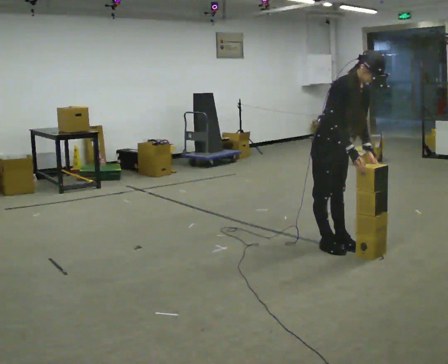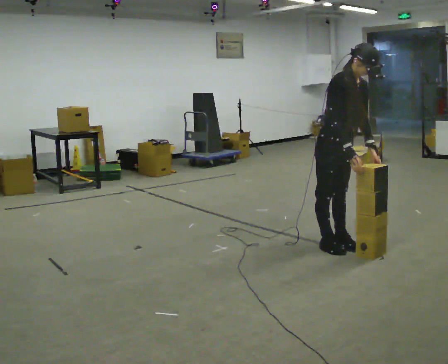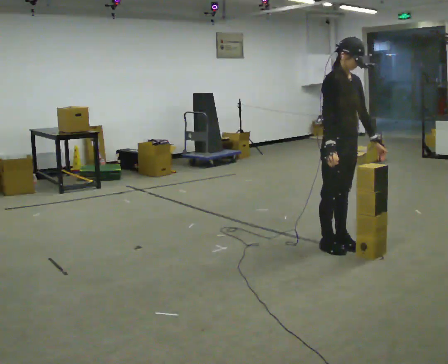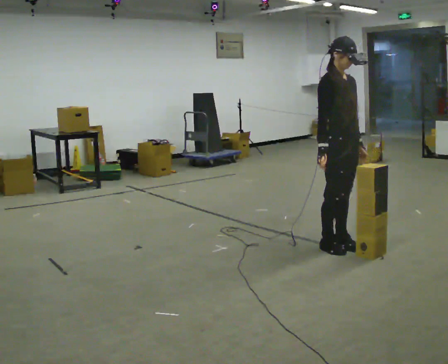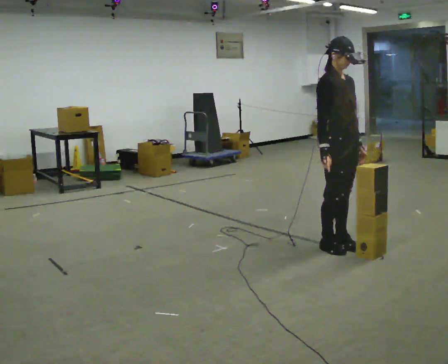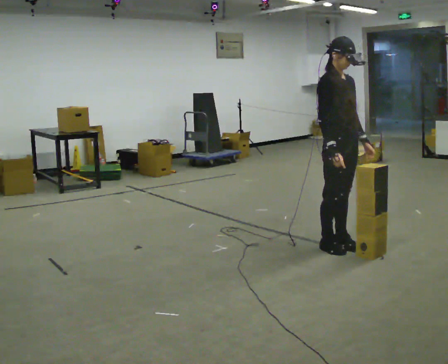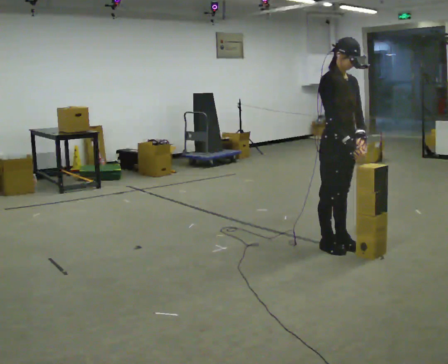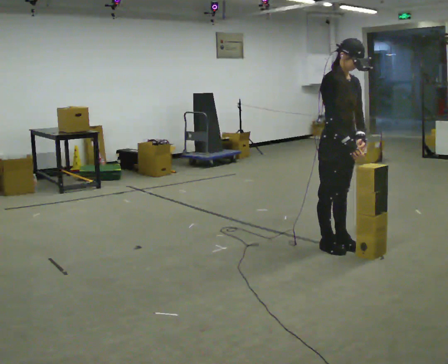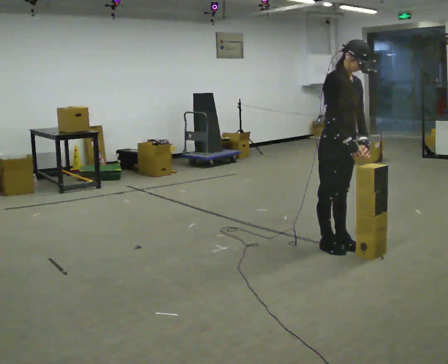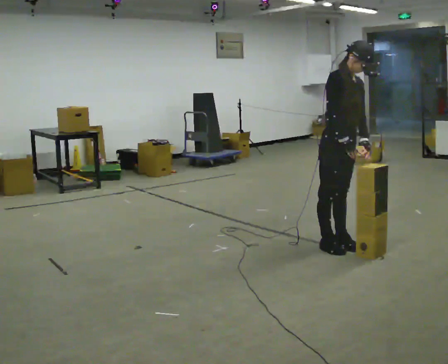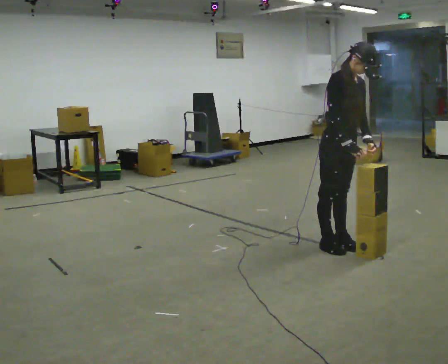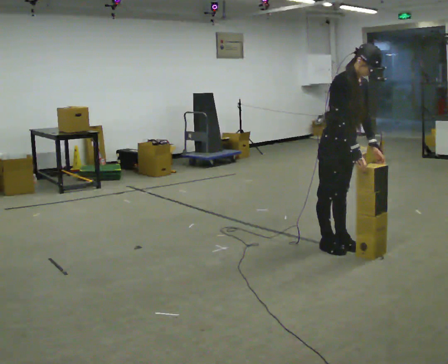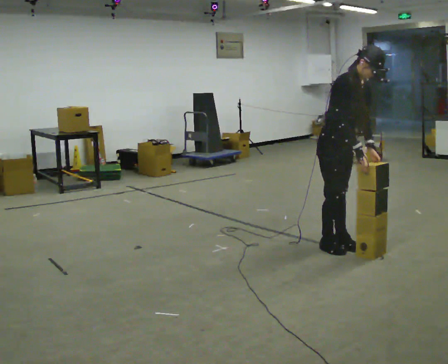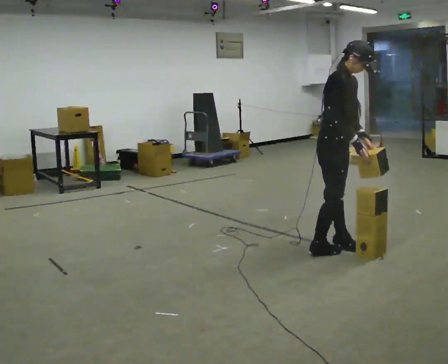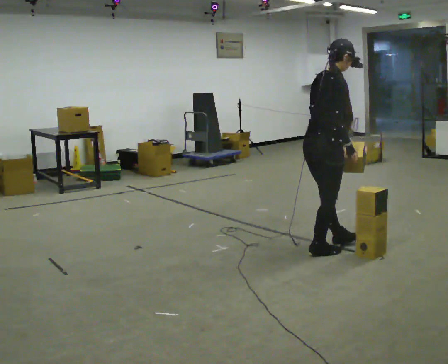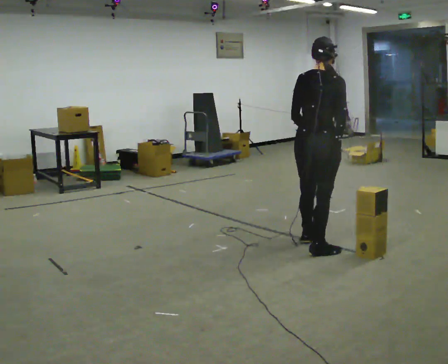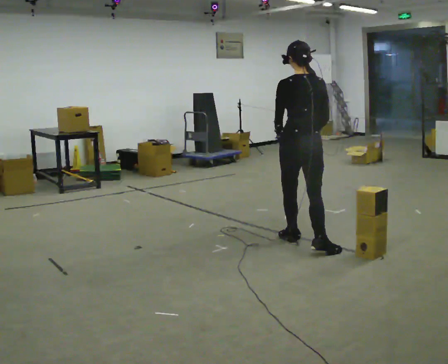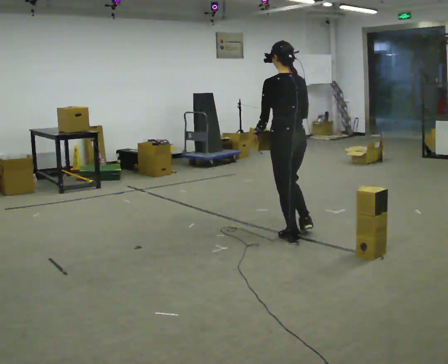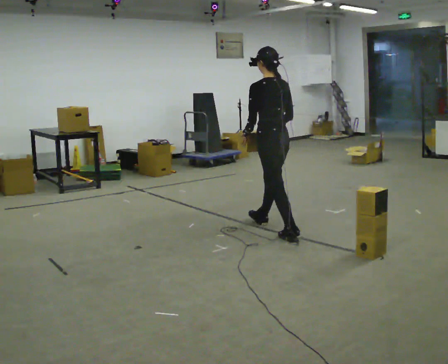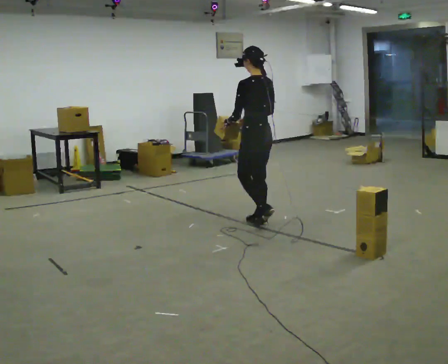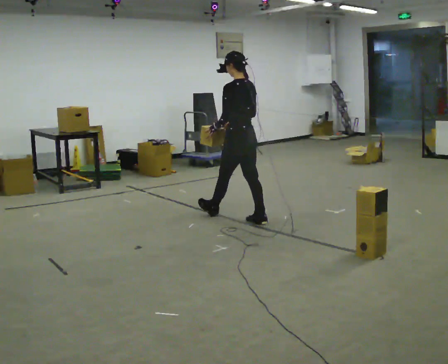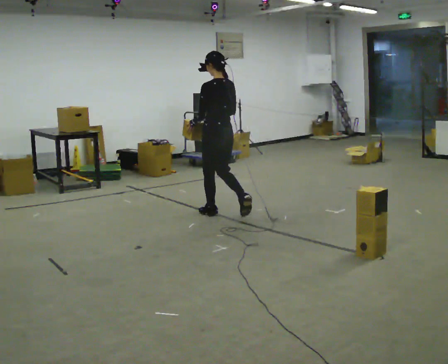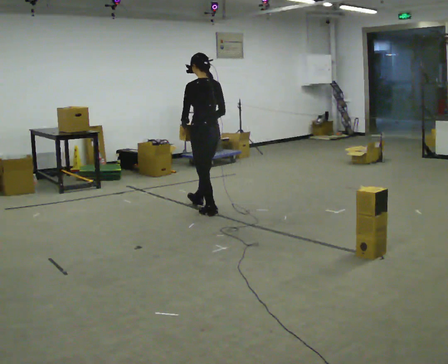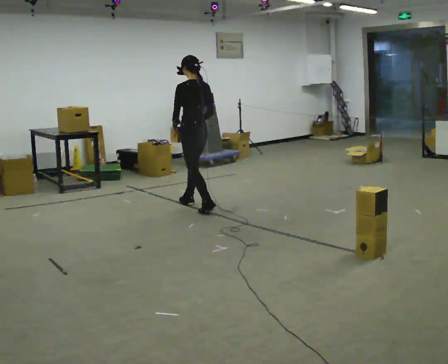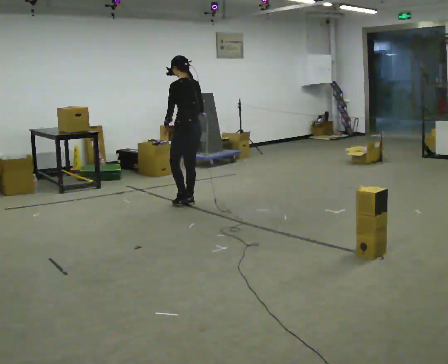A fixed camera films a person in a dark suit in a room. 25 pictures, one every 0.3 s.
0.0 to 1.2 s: In the picture the upper body tilts counterclockwise, shoulders to the left, as they lean back or straighten.
1.2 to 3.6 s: In the picture the upper body tilts clockwise, shoulders to the right, as they bend forward.
3.6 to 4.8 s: Seen from above the body turns counterclockwise, about 150 degrees: to their left, with its near side sliding to the right. In the picture they go to the left, about 0.25 m in 2 steps. In the picture the upper body tilts counterclockwise, shoulders to the left, as they lean back or straighten.
4.8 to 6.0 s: The person turns about 45 degrees to their left, counterclockwise seen from above, so the part of the body nearest the lens slides to the right. In the picture they go away from the camera and to the left, about 1 m in 1 step, which for them is forward.
6.0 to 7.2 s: In the picture they go to the left and away from the camera, about 1 m in 2 steps, which for them is forward.
The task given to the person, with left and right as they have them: Carry the stack of boxes across the room without letting it fall over, then bring it back. Keep going until the operator says stop; one object at a time, and do not rush between trips.
The film runs forward here.
